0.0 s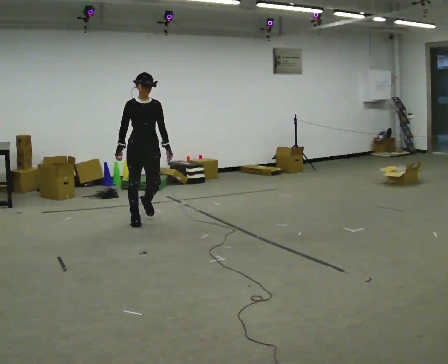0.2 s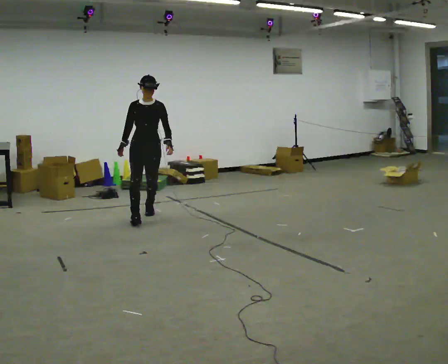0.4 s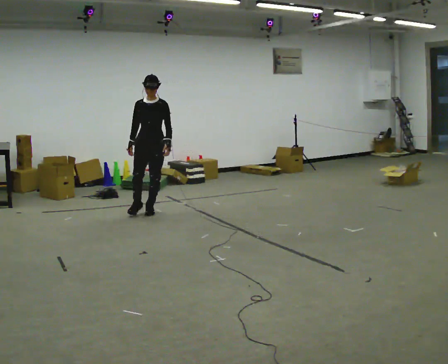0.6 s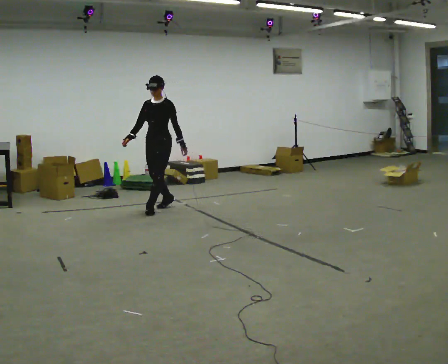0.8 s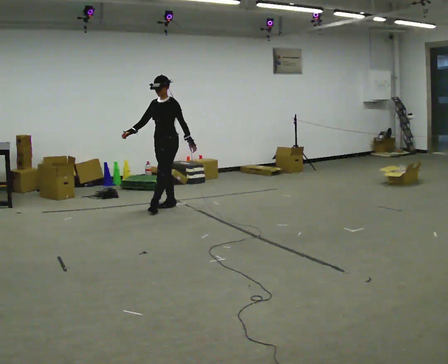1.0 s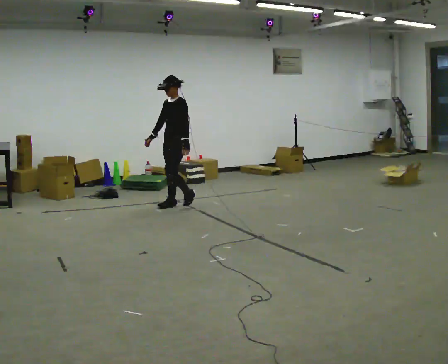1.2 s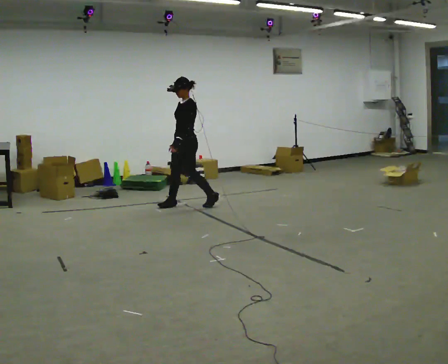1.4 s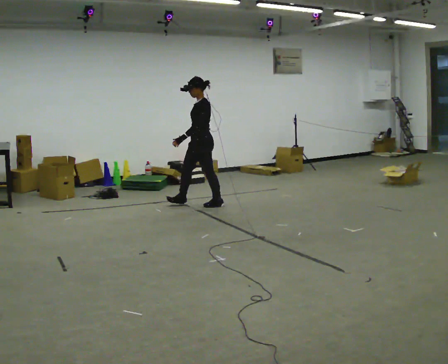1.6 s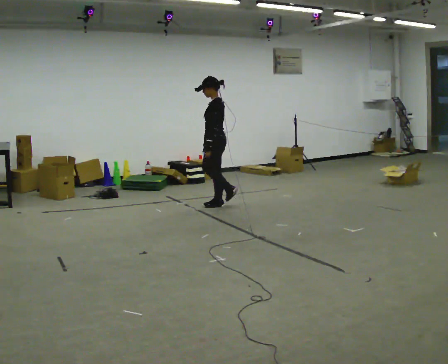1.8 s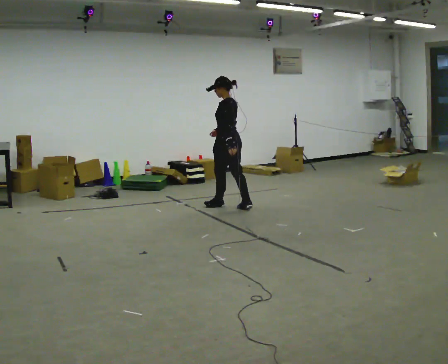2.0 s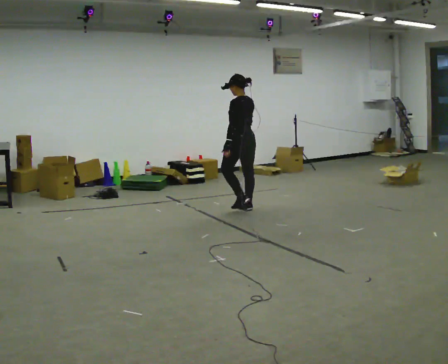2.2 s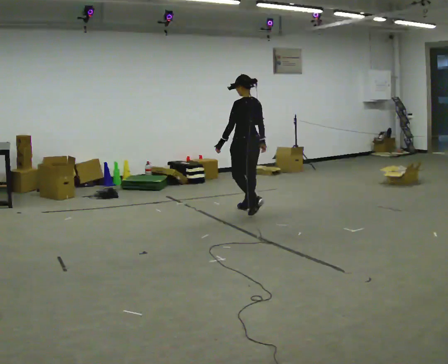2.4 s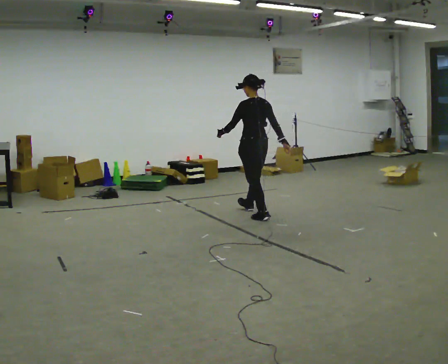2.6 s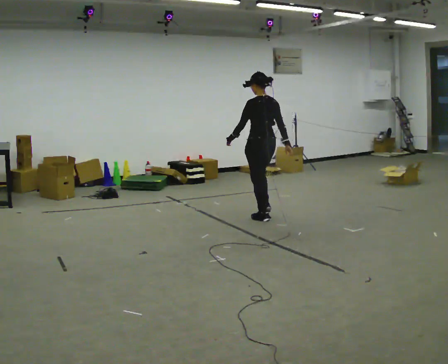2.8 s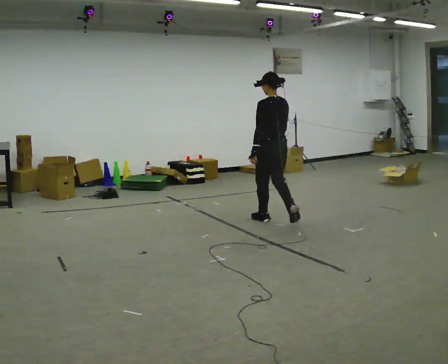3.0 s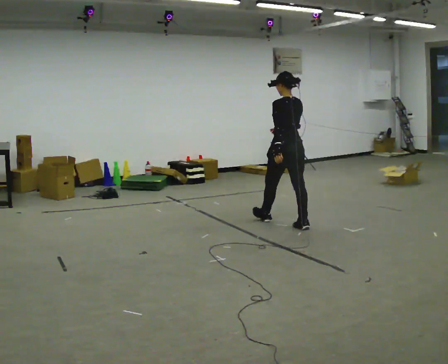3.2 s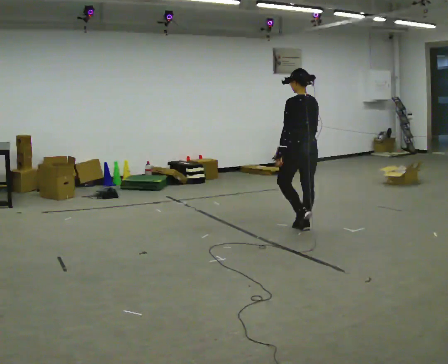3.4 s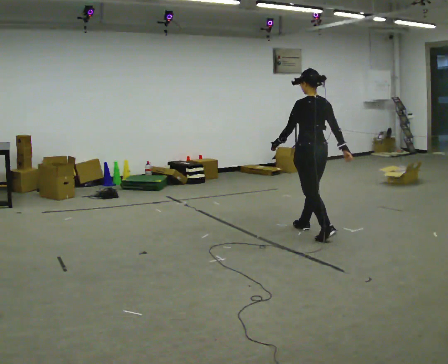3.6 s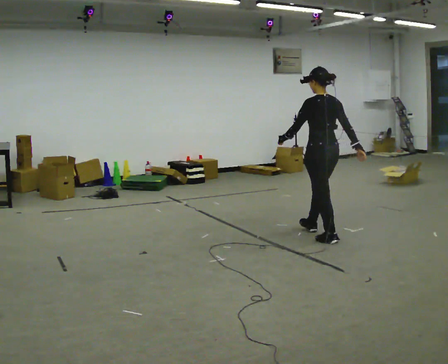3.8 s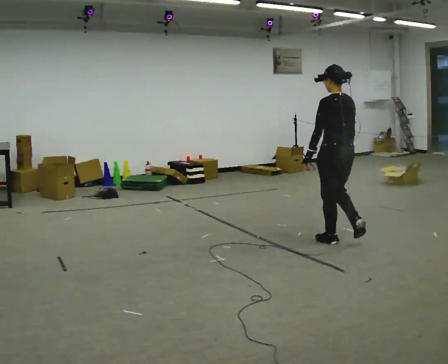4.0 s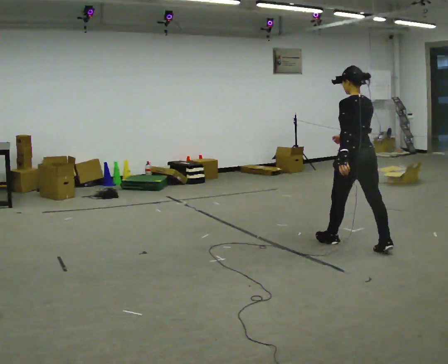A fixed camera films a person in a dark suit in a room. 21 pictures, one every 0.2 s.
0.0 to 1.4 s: The part of the body nearest the lens slides to the left as the person turns to their right by about 90 degrees. In the picture they go away from the camera and to the right, about 1 m in 3 steps.
1.4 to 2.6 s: The part of the body nearest the lens slides to the left as the person turns to their right by about 75 degrees. In the picture they go to the right and toward the camera, about 1 m in 2 steps.
2.6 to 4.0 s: In the picture they go toward the camera and to the right, about 1.5 m in 2 steps, which for them is backward.
The film runs backward here.
